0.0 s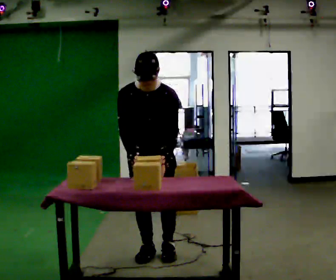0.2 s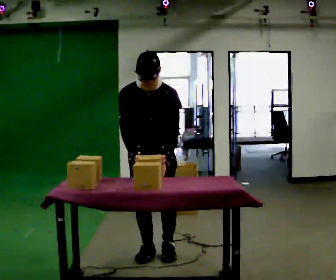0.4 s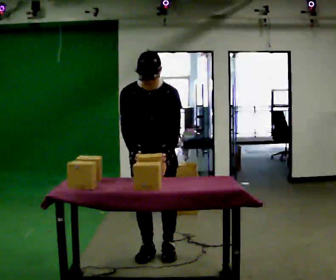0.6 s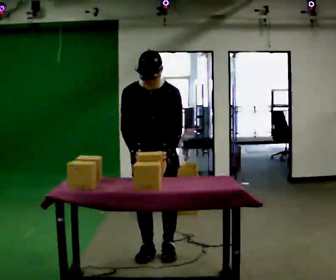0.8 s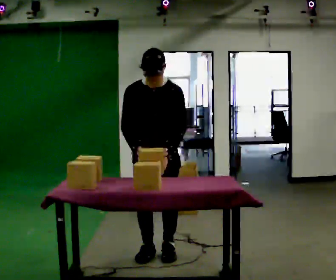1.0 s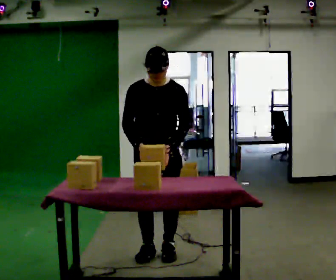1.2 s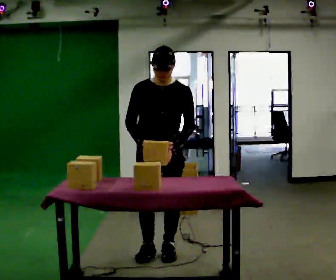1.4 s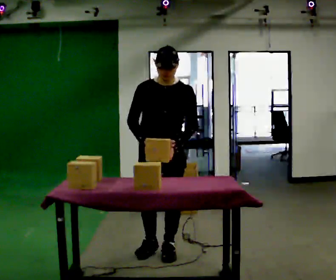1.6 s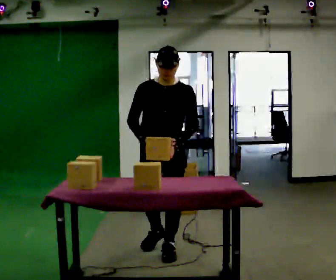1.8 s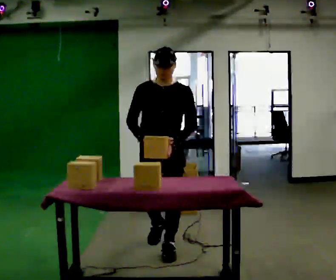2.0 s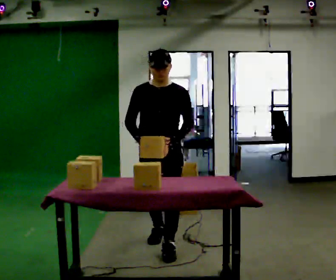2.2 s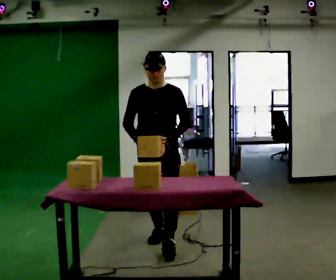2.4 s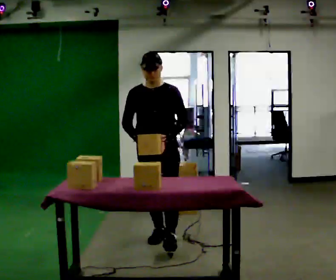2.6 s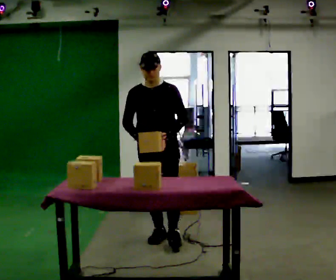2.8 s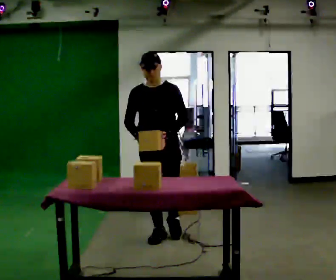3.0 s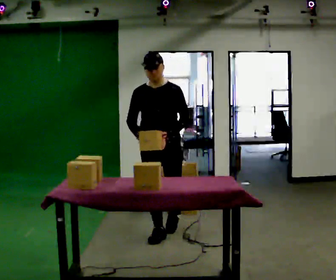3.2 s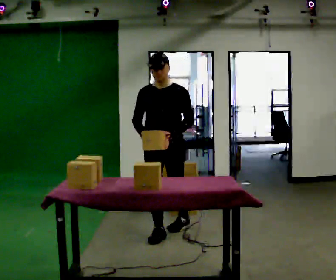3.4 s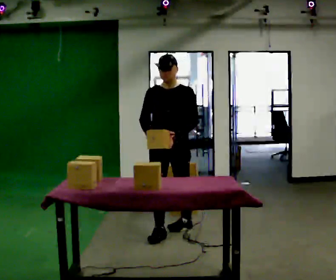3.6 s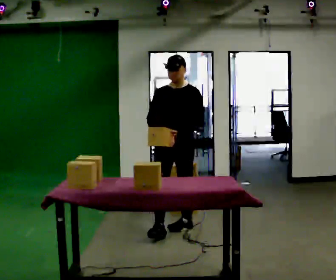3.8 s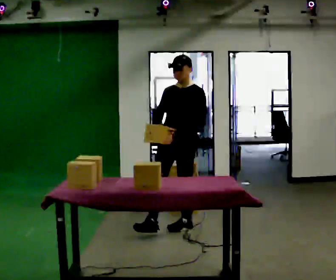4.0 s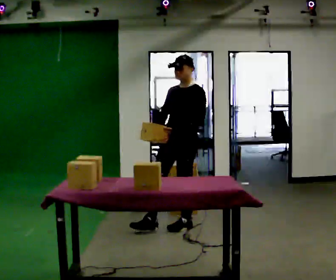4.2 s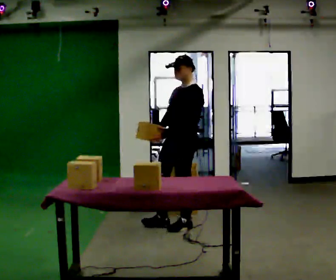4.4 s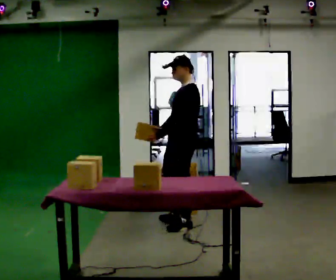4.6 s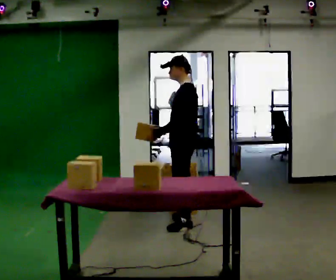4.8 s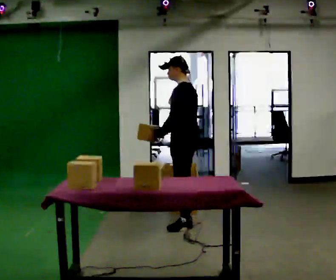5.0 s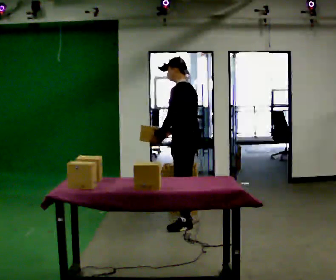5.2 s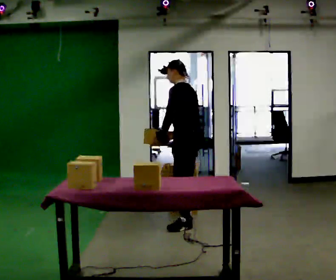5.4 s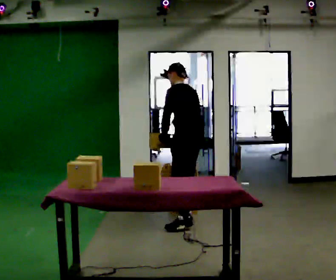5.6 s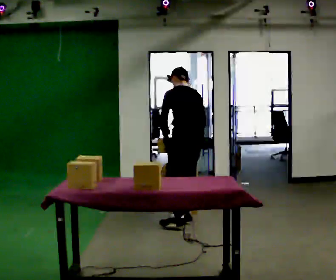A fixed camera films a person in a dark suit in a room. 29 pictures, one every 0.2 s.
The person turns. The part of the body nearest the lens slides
to the left.
The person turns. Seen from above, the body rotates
clockwise.
0.0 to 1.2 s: The upper body tips away from the camera, its near side rolling upward, as they lean back or straighten.
1.2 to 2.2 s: In the picture they go away from the camera, about 0.25 m in 1 step, which for them is backward.
2.2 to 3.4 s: In the picture they go away from the camera, about 0.5 m in 1 step, which for them is backward.
3.4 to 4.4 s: The part of the body nearest the lens slides to the left as the person turns to their right by about 60 degrees. In the picture they go away from the camera, about 0.25 m in 1 step.
4.4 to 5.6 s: Seen from above the body turns clockwise, about 60 degrees: to their right, with its near side sliding to the left. In the picture they go away from the camera, about 0.25 m in 1 step. The upper body tips away from the camera, its near side rolling upward, as they bend forward. In the picture their right hand goes to the right.
The film runs backward here.
